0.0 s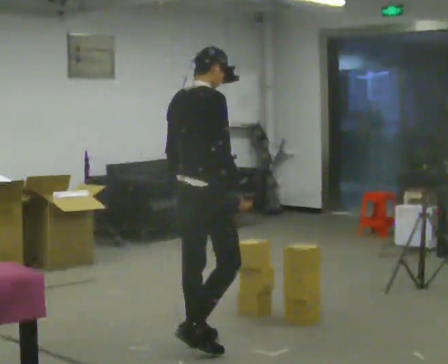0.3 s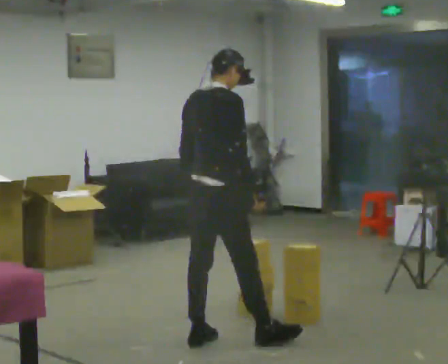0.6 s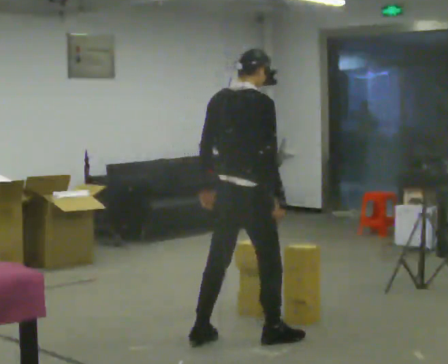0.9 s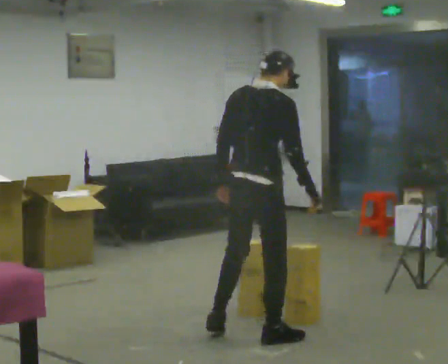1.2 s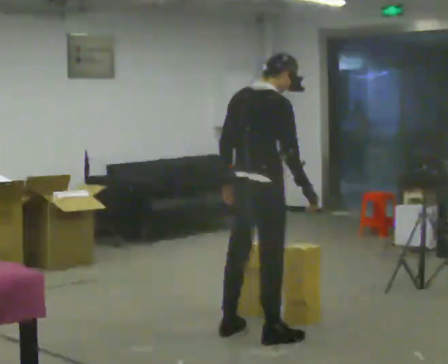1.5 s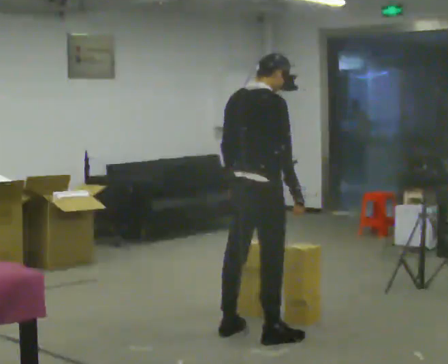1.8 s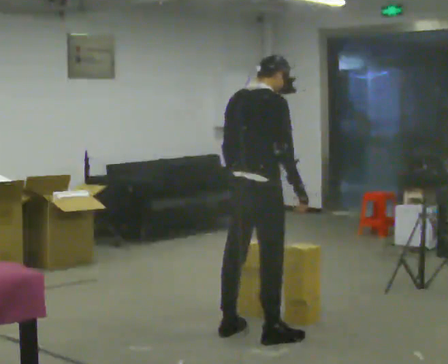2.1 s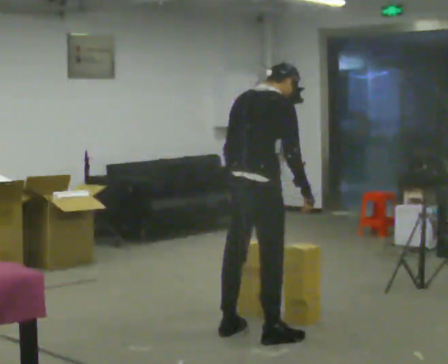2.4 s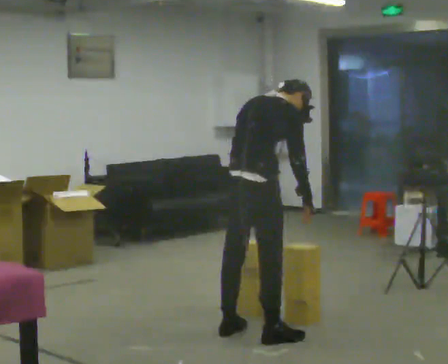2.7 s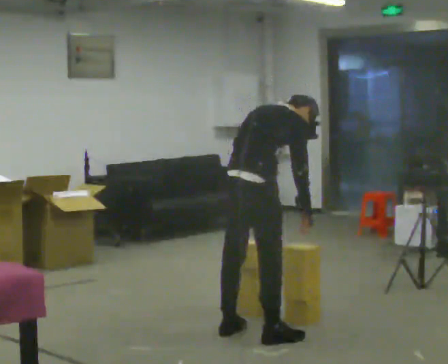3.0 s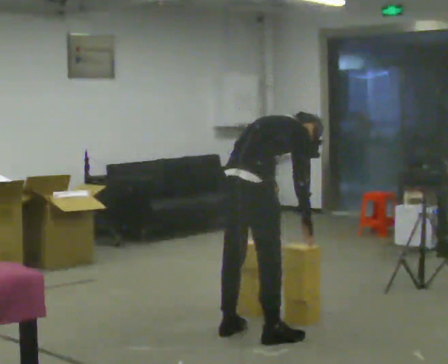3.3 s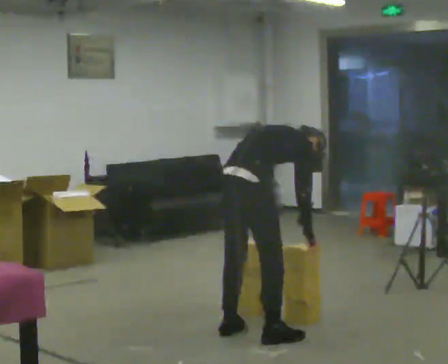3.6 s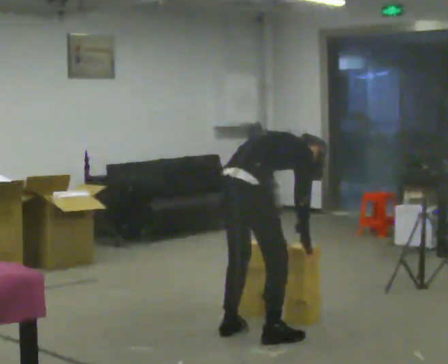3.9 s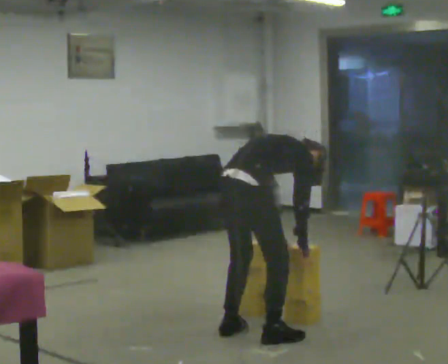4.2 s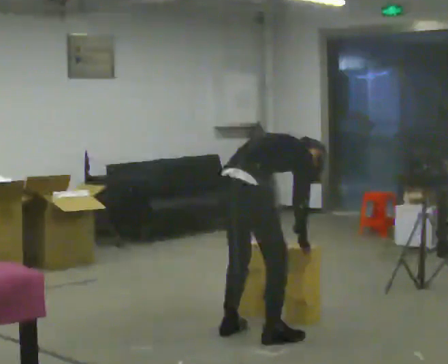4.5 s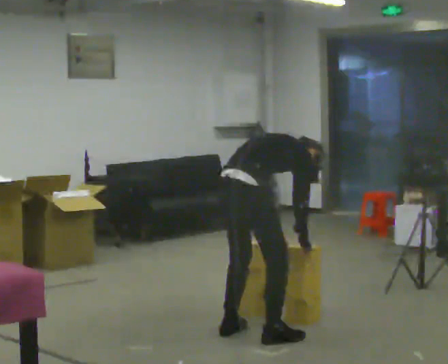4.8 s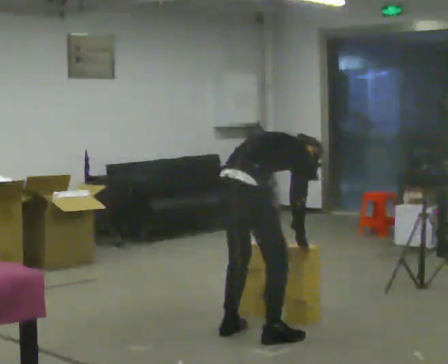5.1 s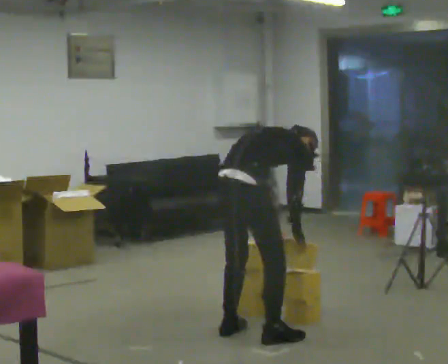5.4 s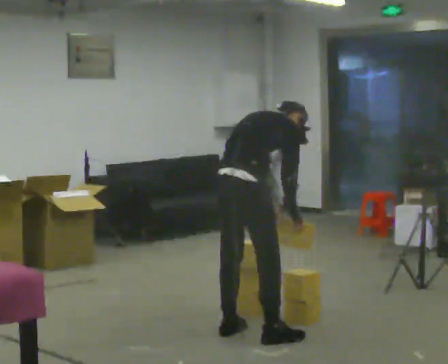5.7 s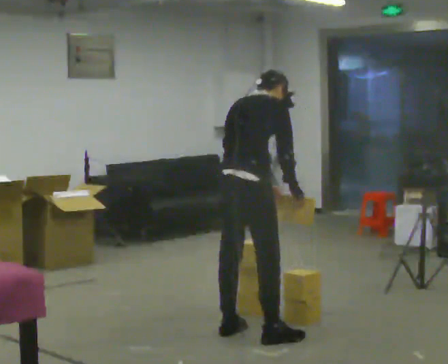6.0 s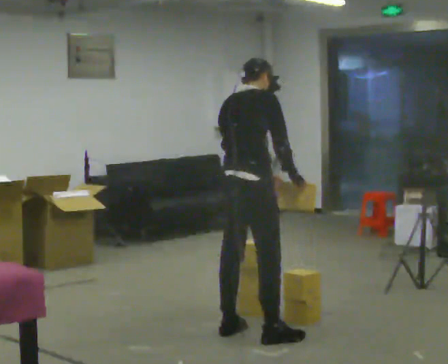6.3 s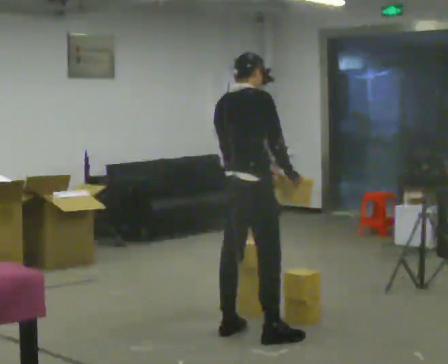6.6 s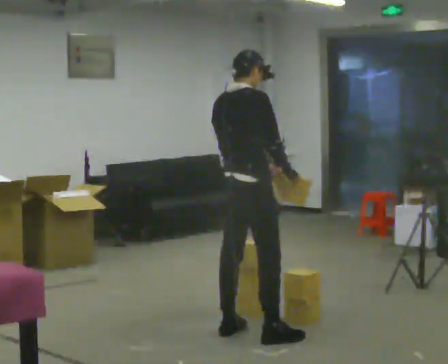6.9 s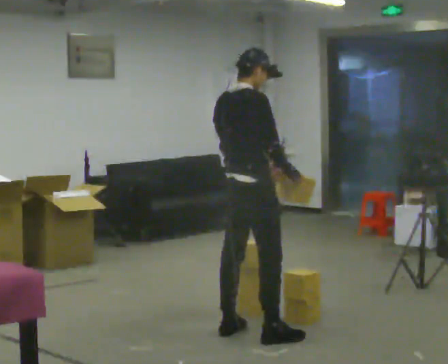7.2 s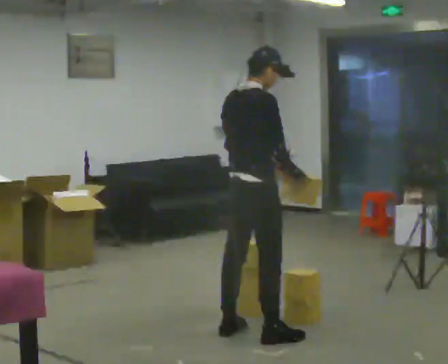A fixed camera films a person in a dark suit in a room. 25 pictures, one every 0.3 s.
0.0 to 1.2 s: In the picture they go to the right and away from the camera, about 0.25 m in 2 steps, which for them is forward and to their right.
1.2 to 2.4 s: The upper body tips away from the camera, its near side rolling upward, as they bend forward.
2.4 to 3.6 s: The shoulders move downward. In the picture the upper body tilts clockwise, shoulders to the right, as they bend forward.
3.6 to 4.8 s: The person moves a little, or ends about where they began.
4.8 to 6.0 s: The shoulders move upward. In the picture the upper body tilts counterclockwise, shoulders to the left, as they lean back or straighten. In the picture their right hand goes upward.
6.0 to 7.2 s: The person moves a little, or ends about where they began.
The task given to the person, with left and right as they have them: Pick an object up off the floor at one end of the room, carry it across, and place it on the waist-height shelf at the other end. Keep going until the operator says stop; one object at a time, and do not rush between trips.
The film runs forward here.
